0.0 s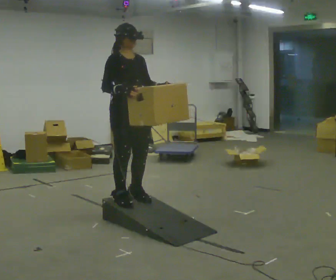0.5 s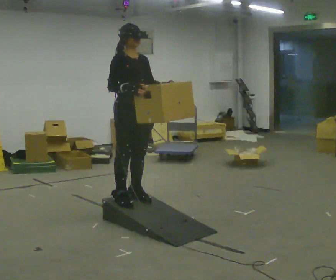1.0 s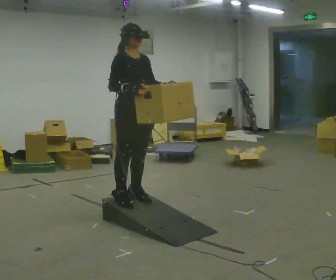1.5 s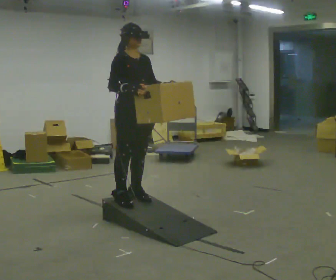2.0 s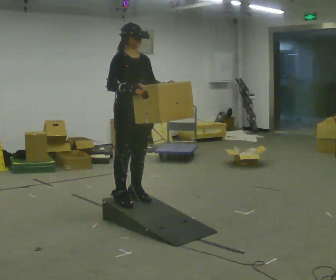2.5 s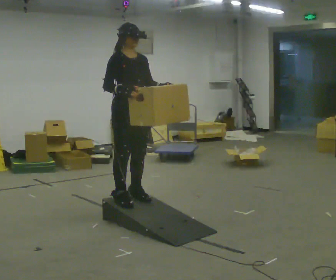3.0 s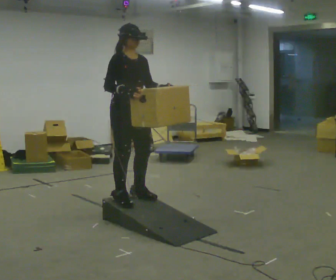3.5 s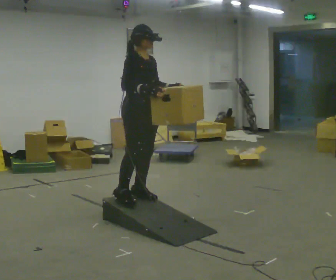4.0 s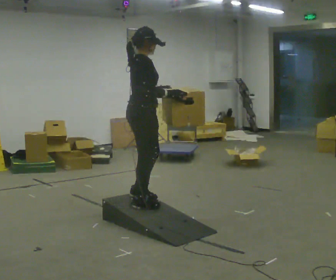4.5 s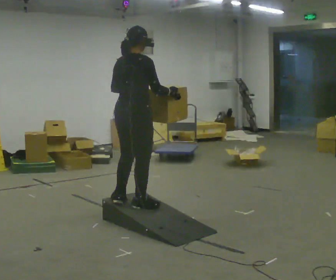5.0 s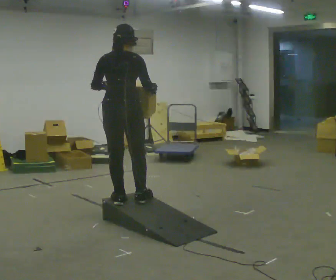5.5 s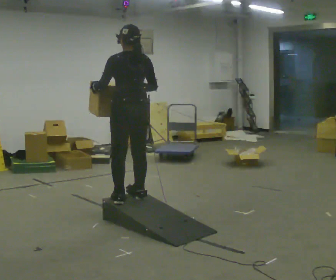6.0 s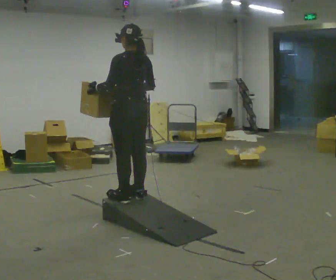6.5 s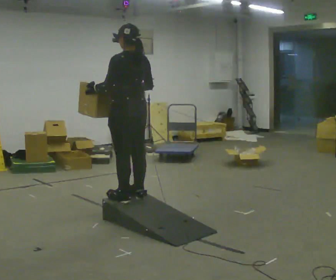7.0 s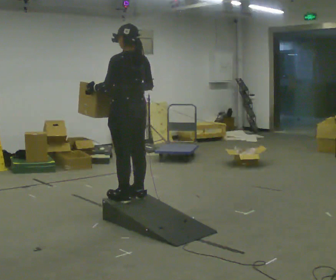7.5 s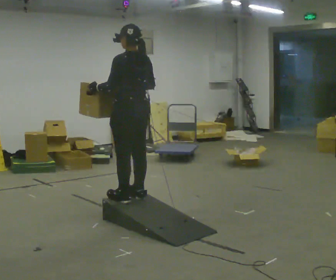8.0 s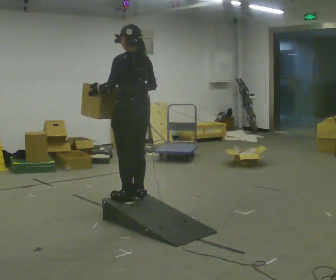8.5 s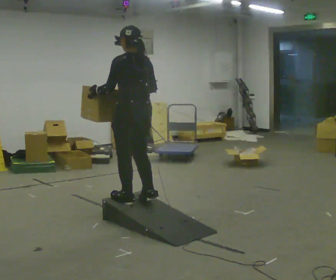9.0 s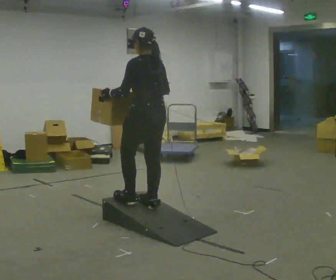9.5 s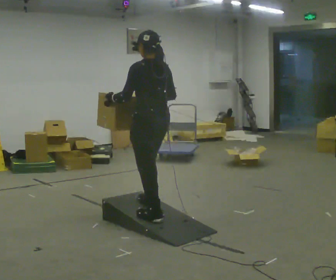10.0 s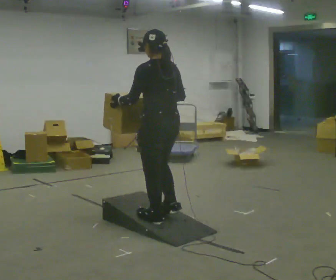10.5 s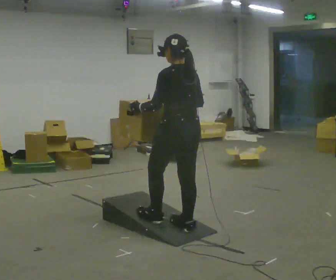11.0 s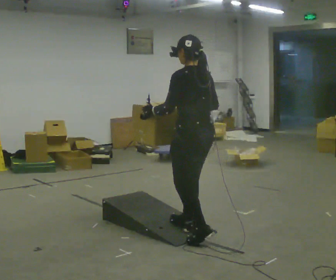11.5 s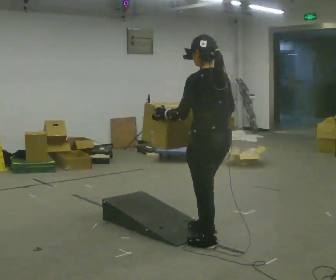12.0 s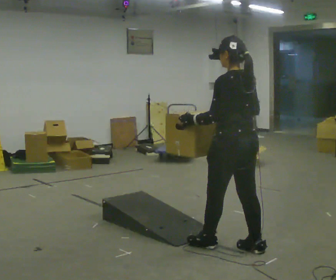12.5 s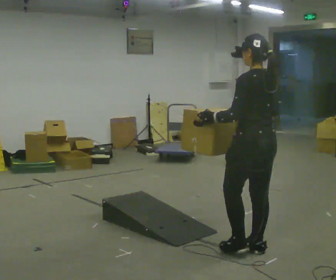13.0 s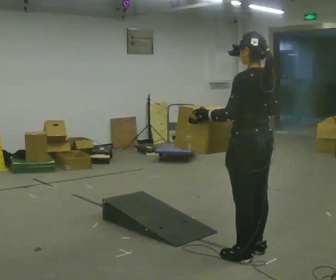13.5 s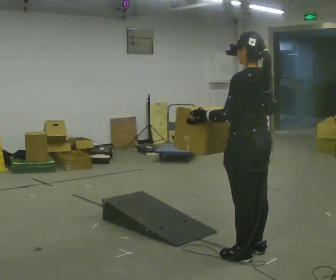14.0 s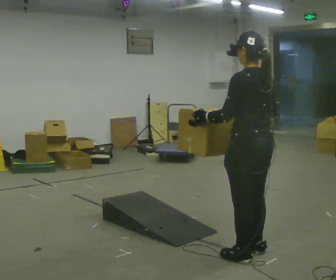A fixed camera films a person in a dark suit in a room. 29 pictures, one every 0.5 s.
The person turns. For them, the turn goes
to their left.
The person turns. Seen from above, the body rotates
counterclockwise.
0.0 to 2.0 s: The person moves a little, or ends about where they began.
2.0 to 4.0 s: The person turns about 45 degrees to their left, counterclockwise seen from above, so the part of the body nearest the lens slides to the right.
4.0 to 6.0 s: Seen from above the body turns counterclockwise, about 135 degrees: to their left, with its near side sliding to the right. In the picture their left hand goes to the left.
6.0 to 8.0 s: The person moves a little, or ends about where they began.
8.0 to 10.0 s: In the picture they go toward the camera and to the right, about 0.5 m in 3 steps, which for them is backward.
10.0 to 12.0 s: In the picture they go toward the camera and to the right, about 0.75 m in 2 steps, which for them is backward.
12.0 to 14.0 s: In the picture they go toward the camera, about 0.25 m in 1 step, which for them is backward.
The film runs backward here.
